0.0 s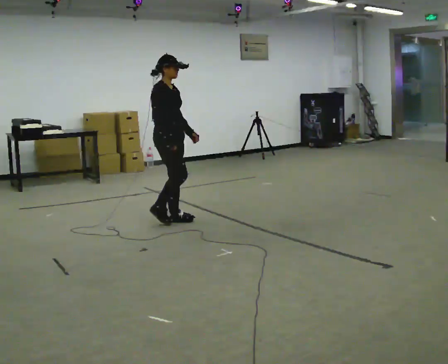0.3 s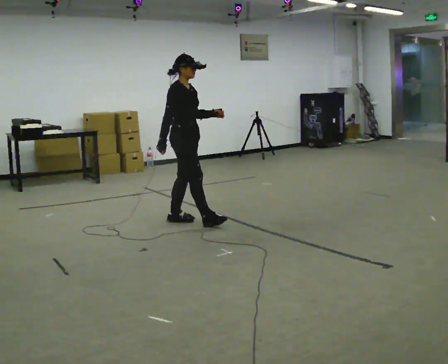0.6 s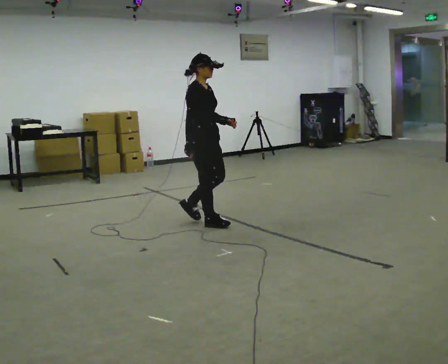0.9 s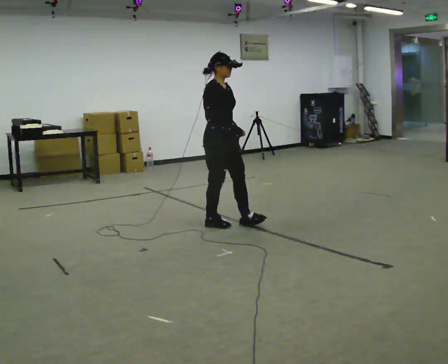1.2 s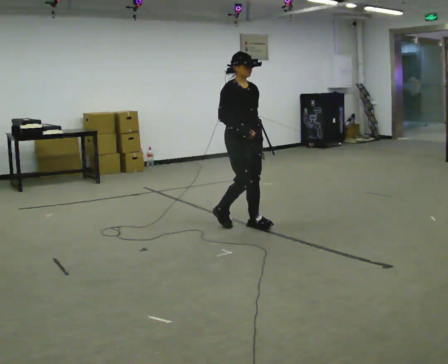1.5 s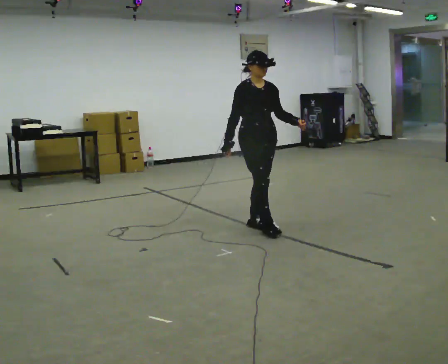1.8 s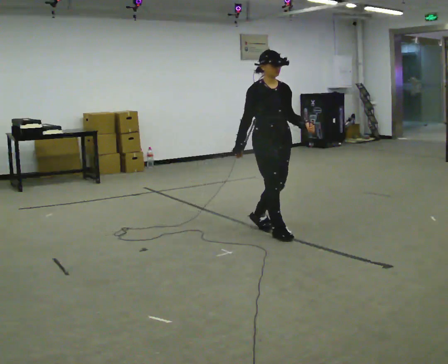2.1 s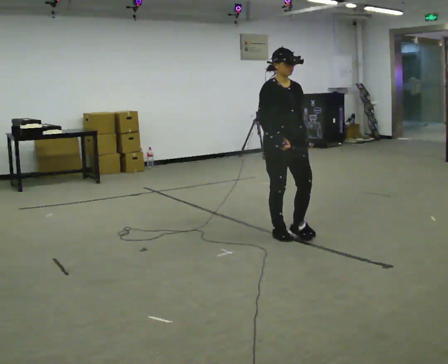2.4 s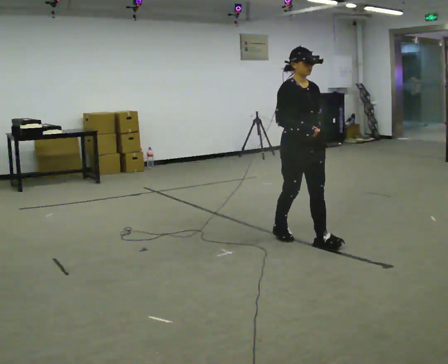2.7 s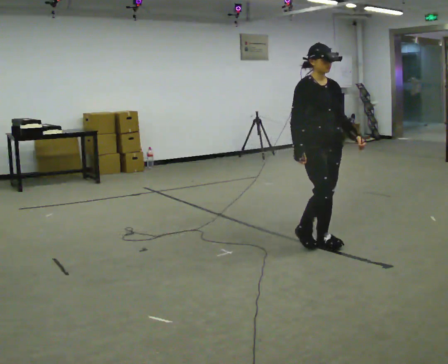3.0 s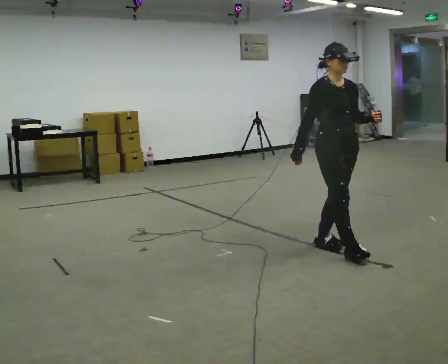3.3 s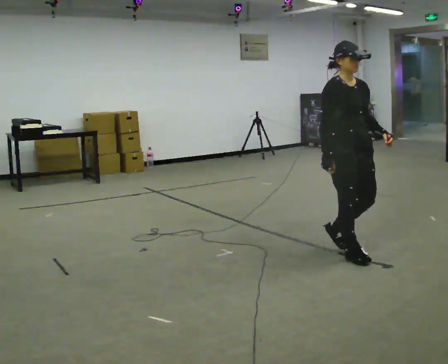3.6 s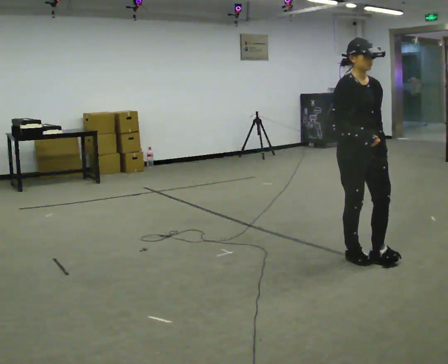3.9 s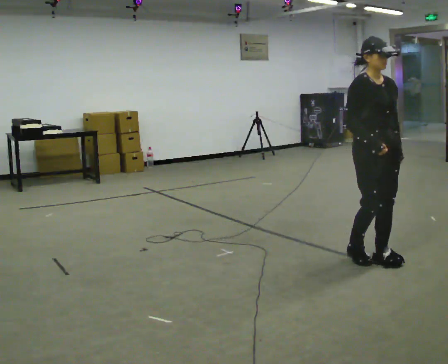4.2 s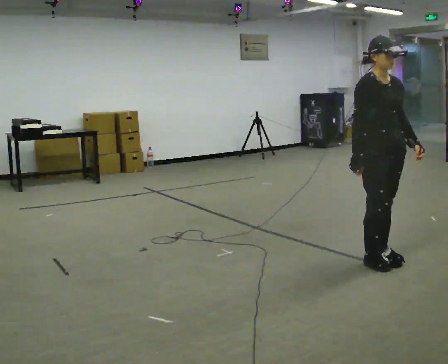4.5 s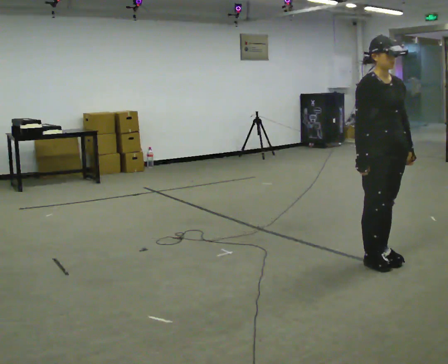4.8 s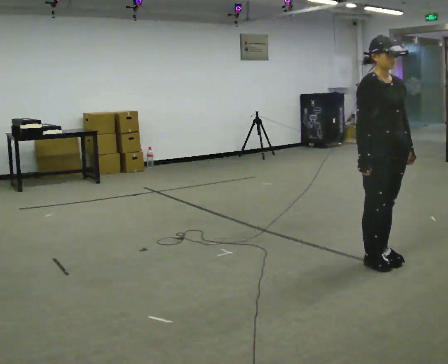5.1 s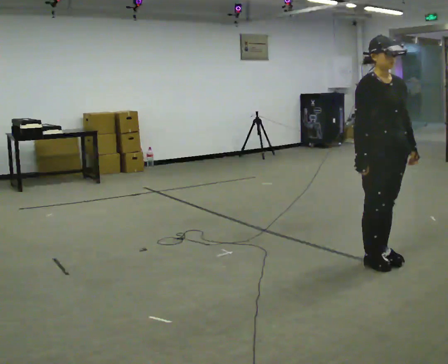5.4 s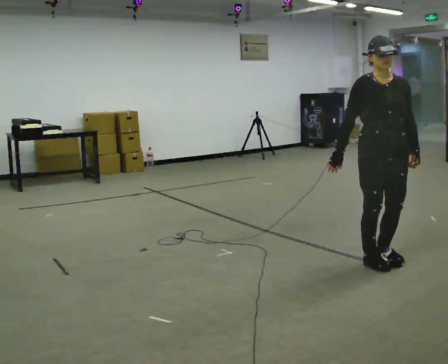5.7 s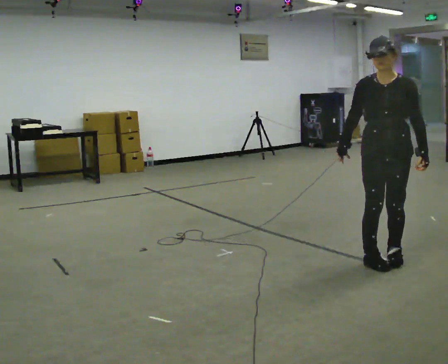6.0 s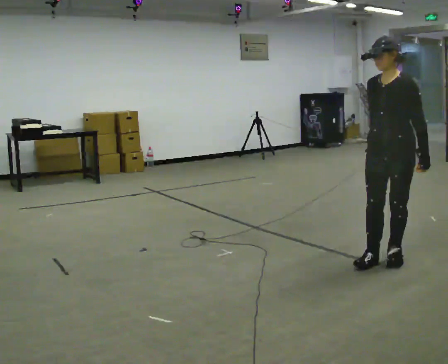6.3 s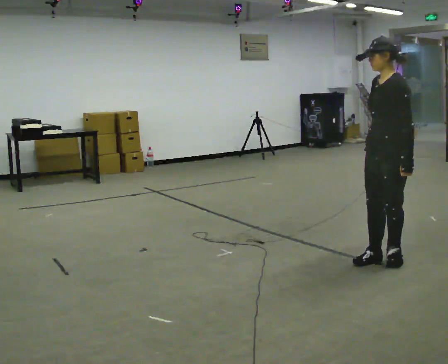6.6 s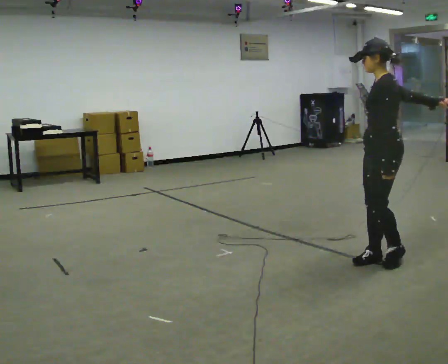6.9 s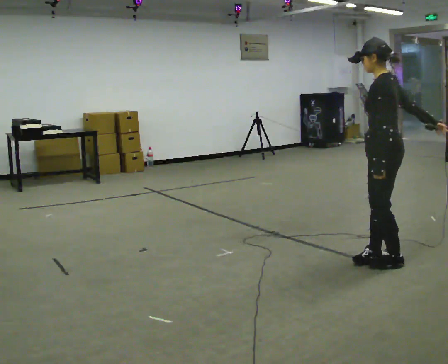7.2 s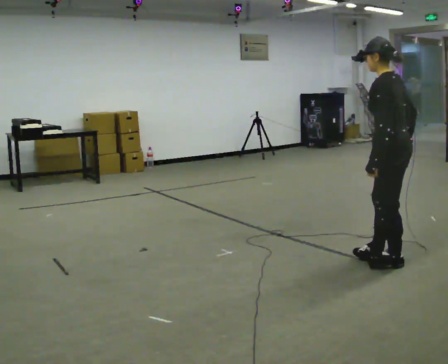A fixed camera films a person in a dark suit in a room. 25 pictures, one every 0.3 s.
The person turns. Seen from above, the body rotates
clockwise.
The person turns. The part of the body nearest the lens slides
to the left.
0.0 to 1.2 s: The person turns about 30 degrees to their right, clockwise seen from above, so the part of the body nearest the lens slides to the left. In the picture they go to the right, about 0.5 m in 2 steps, which for them is forward.
1.2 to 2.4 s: In the picture they go to the right and toward the camera, about 0.5 m in 2 steps, which for them is forward.
2.4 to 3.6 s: In the picture they go to the right and toward the camera, about 0.5 m in 1 step, which for them is forward.
3.6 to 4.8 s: The person moves a little, or ends about where they began.
4.8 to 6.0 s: The person turns about 75 degrees to their right, clockwise seen from above, so the part of the body nearest the lens slides to the left.
6.0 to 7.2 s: The part of the body nearest the lens slides to the left as the person turns to their right by about 75 degrees. In the picture their left hand goes to the left.
The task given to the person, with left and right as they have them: Walk straight; at marker turn ~45° while continuing to walk; continue straight.
The film runs forward here.
